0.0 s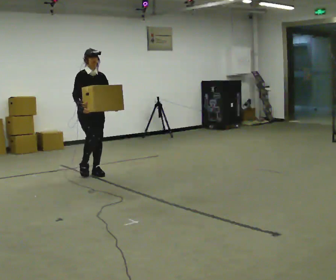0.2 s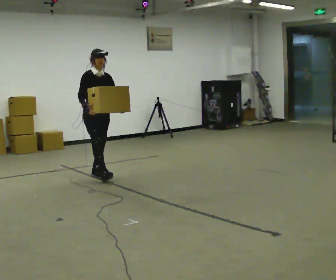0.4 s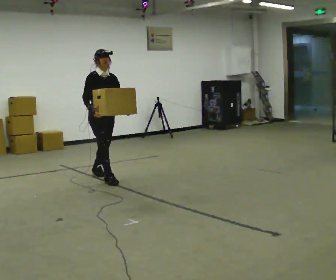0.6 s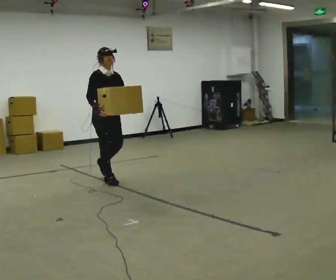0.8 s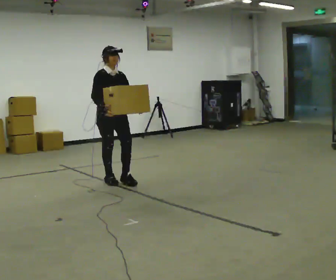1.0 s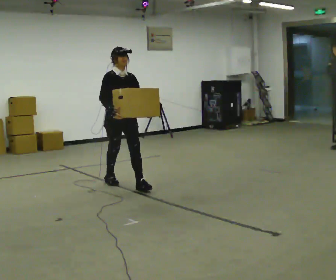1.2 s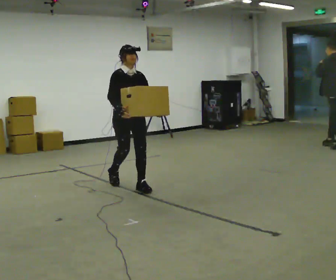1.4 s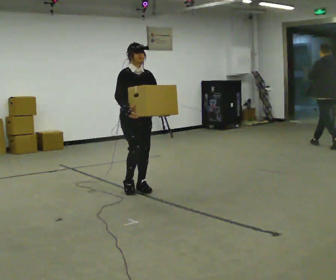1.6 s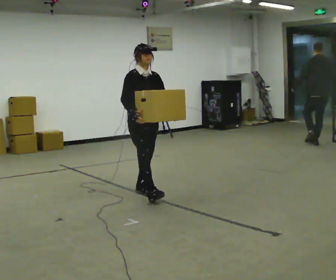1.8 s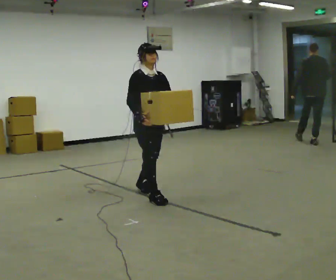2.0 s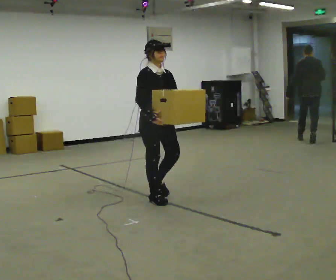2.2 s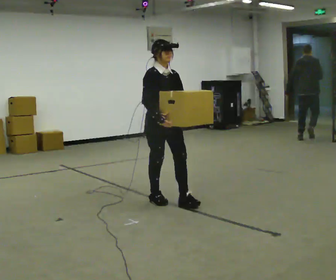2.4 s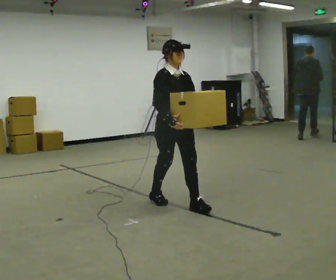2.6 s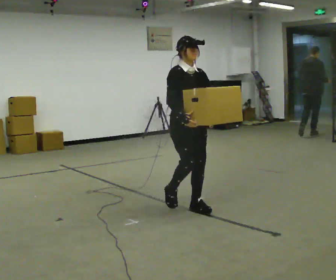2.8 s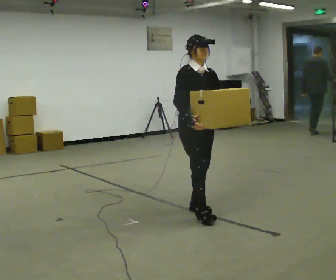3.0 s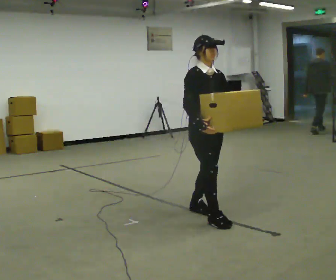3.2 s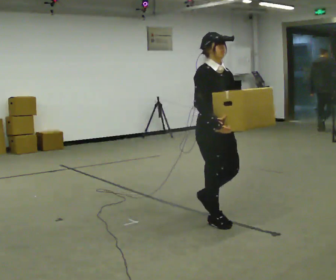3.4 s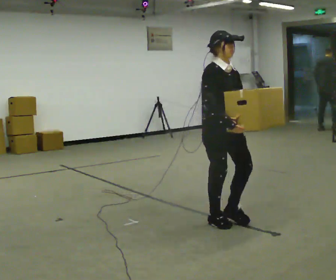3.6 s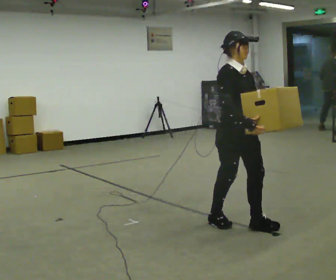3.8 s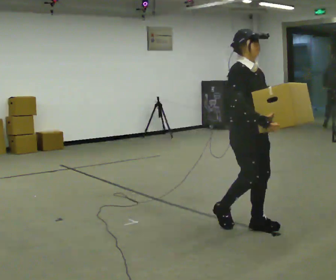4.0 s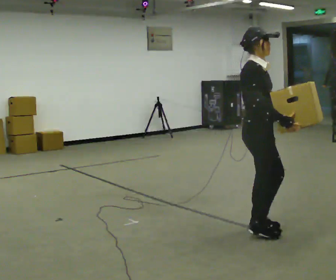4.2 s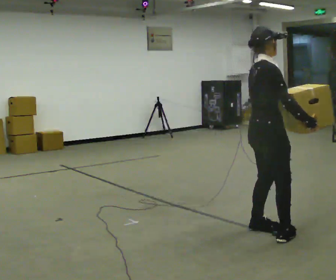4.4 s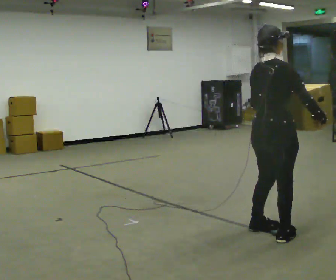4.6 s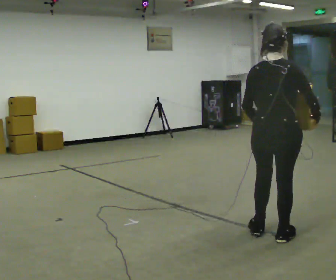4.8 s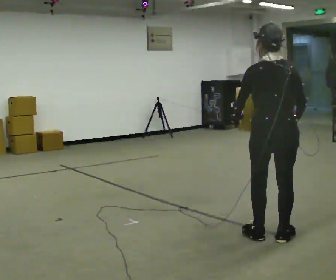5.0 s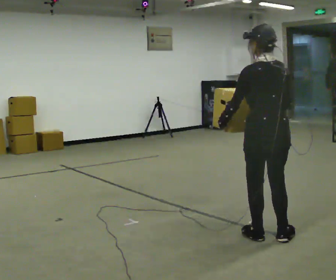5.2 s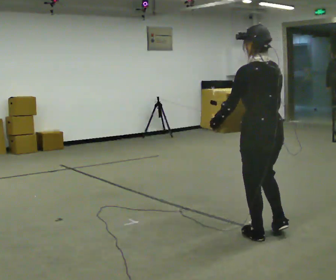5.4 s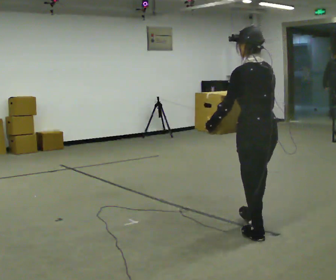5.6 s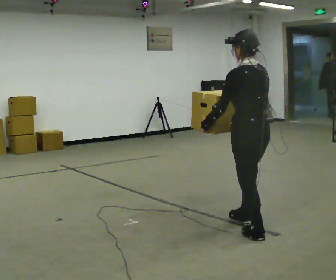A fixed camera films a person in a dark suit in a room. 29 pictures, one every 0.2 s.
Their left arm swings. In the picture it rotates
clockwise.
0.0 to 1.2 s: In the picture they go toward the camera and to the right, about 1 m in 2 steps, which for them is forward.
1.2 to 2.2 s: In the picture they go toward the camera and to the right, about 0.5 m in 1 step, which for them is forward.
2.2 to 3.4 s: In the picture they go toward the camera and to the right, about 1 m in 2 steps, which for them is forward.
3.4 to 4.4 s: The part of the body nearest the lens slides to the right as the person turns to their left by about 90 degrees. In the picture they go toward the camera and to the right, about 0.5 m in 2 steps.
4.4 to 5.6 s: Seen from above the body turns counterclockwise, about 90 degrees: to their left, with its near side sliding to the right. In the picture they go away from the camera, about 0.25 m in 2 steps.
The film runs forward here.
